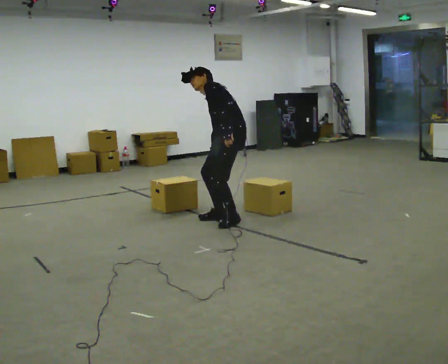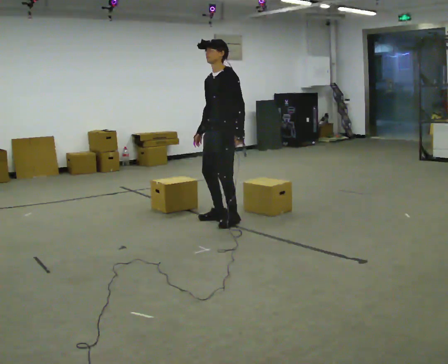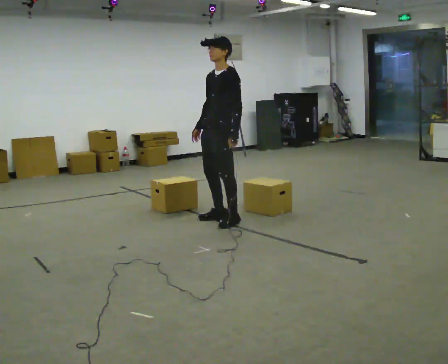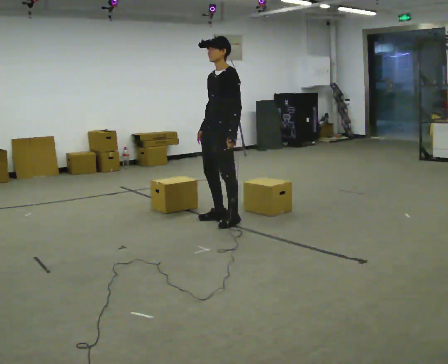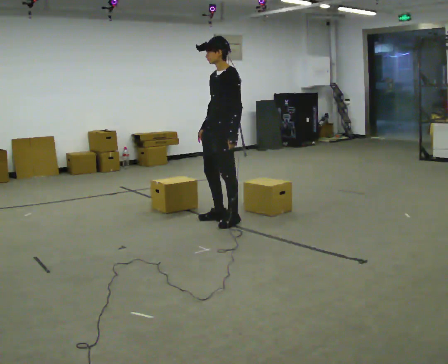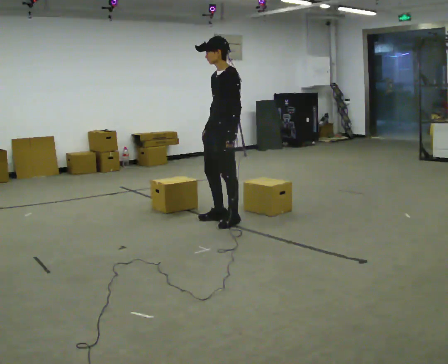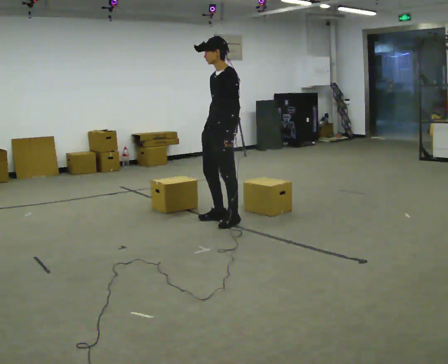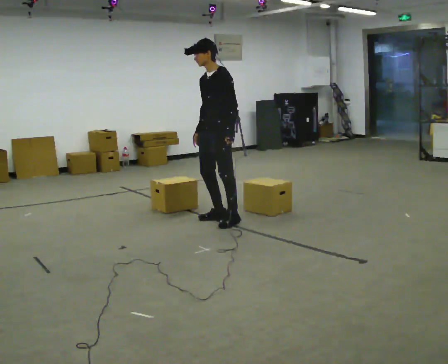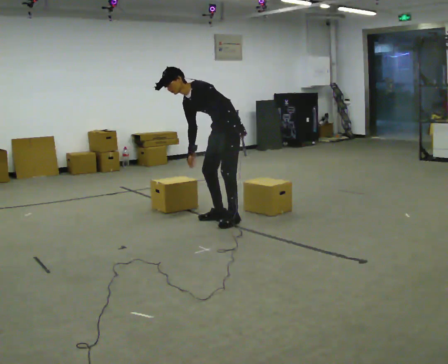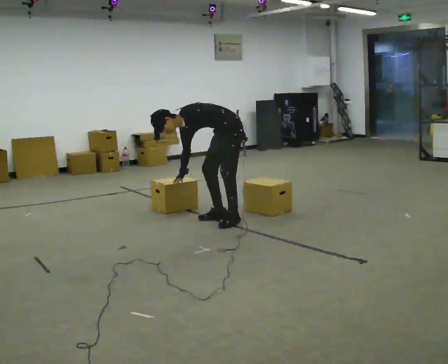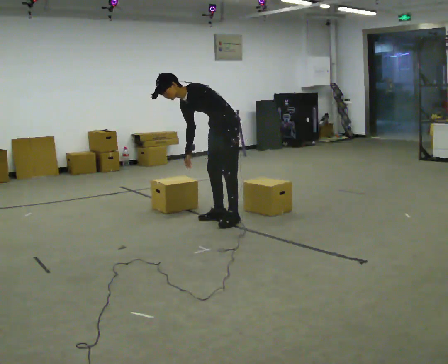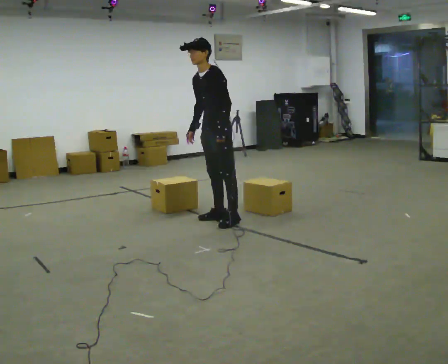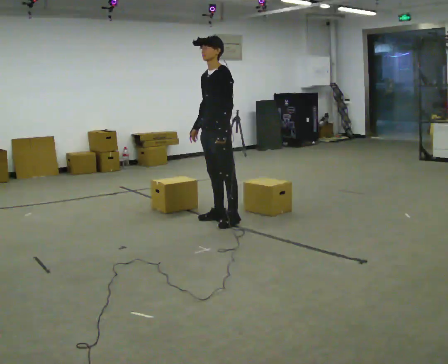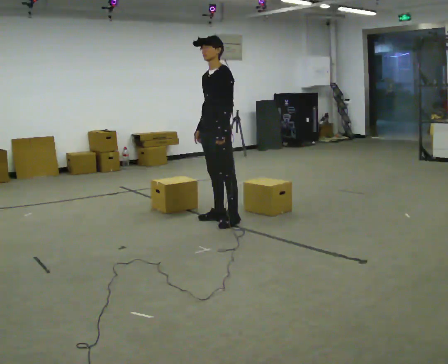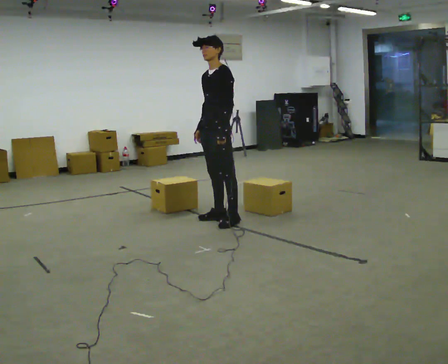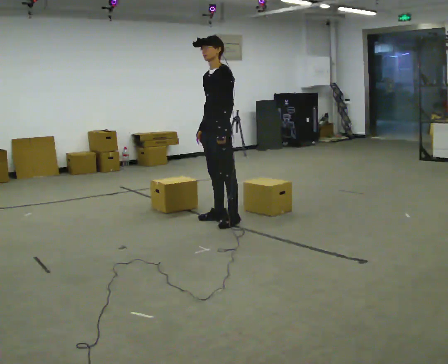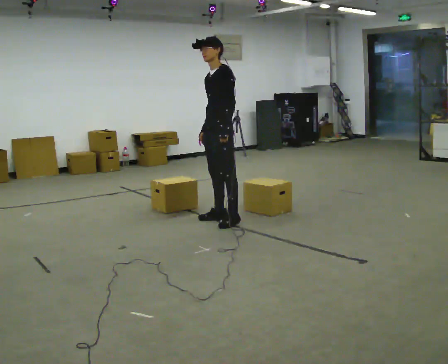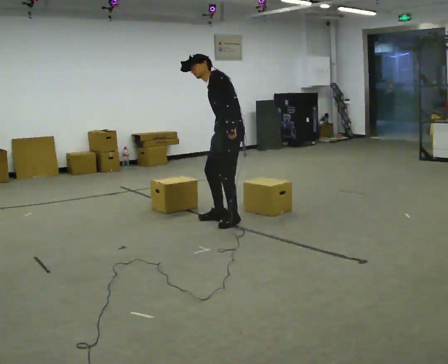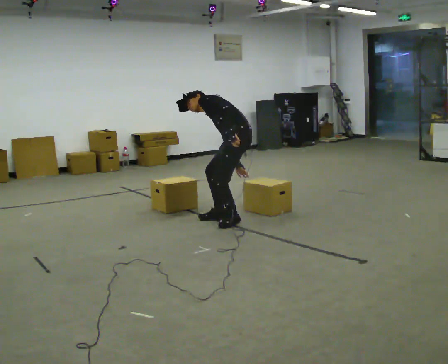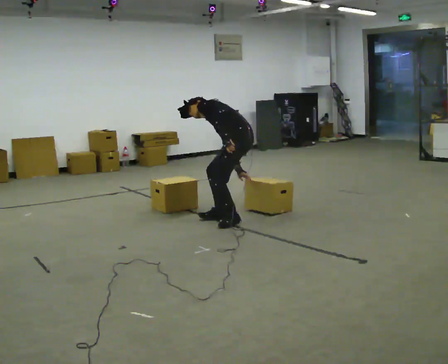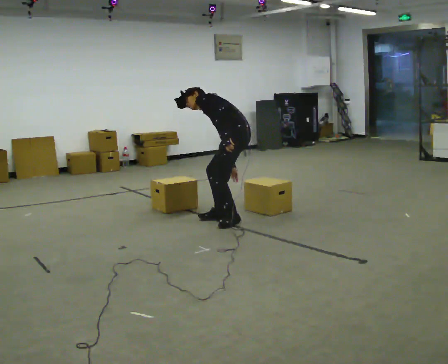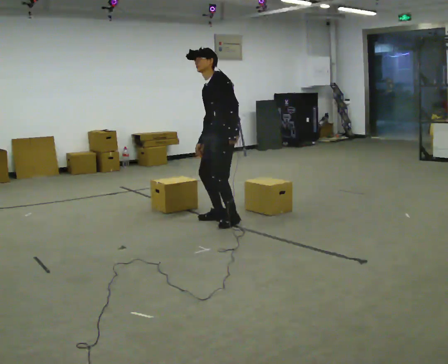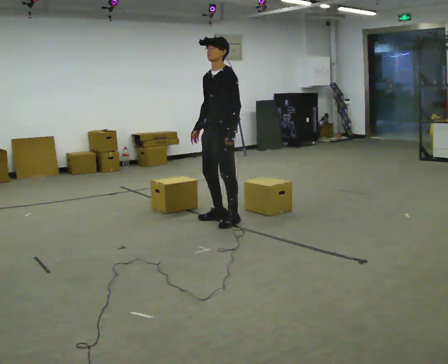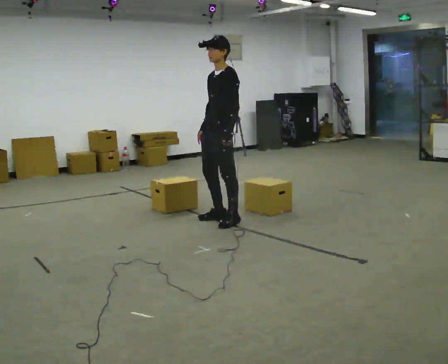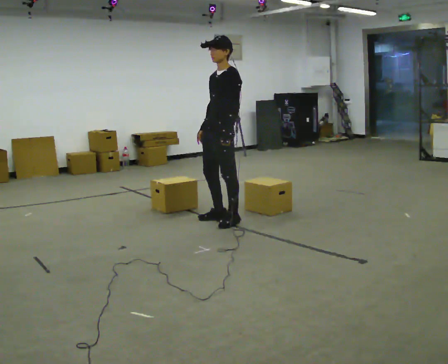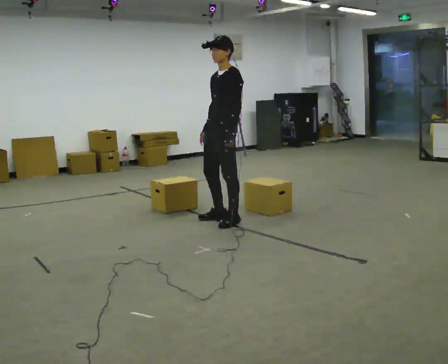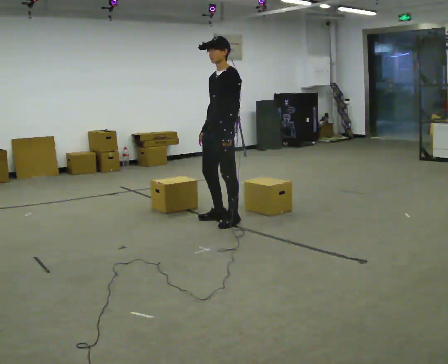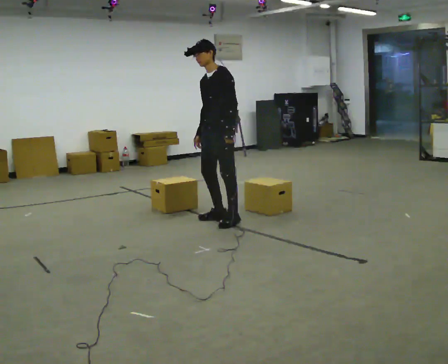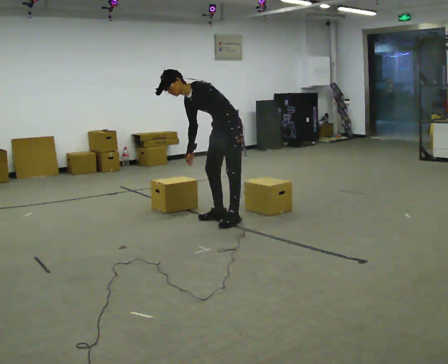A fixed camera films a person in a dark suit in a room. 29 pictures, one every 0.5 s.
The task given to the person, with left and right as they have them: Touch each numbered target to your side and behind you in the order the operator calls, without moving your feet. Keep both feet on the marked spots for the whole take. If you have to step, stop and tell the operator.
0.0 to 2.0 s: In the picture the upper body tilts clockwise, shoulders to the right, as they lean back or straighten.
2.0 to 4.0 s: In the picture they go away from the camera, about 0.25 m, which for them is to their right. The shoulders move downward. In the picture the upper body tilts counterclockwise, shoulders to the left, as they bend forward.
4.0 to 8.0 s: The person moves a little, or ends about where they began.
8.0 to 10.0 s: The person turns about 30 degrees to their right, clockwise seen from above, so the part of the body nearest the lens slides to the left. In the picture their right hand goes downward.
10.0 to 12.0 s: Seen from above the body turns counterclockwise, about 45 degrees: to their left, with its near side sliding to the right. The shoulders move upward. In the picture the upper body tilts clockwise, shoulders to the right, as they lean back or straighten. In the picture their right hand goes upward.
12.0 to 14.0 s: In the picture they go away from the camera, about 0.25 m, which for them is to their right and backward. The shoulders move downward. In the picture the upper body tilts counterclockwise, shoulders to the left, as they bend forward.
The film runs forward here.
